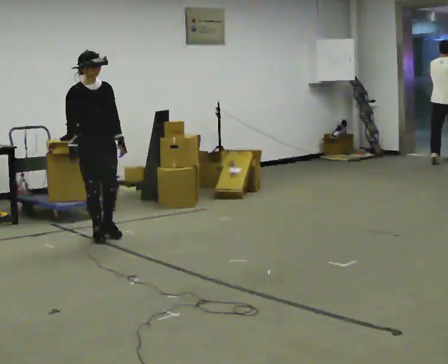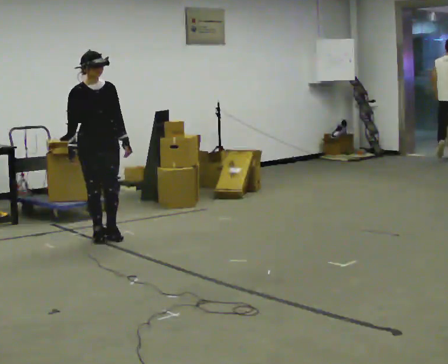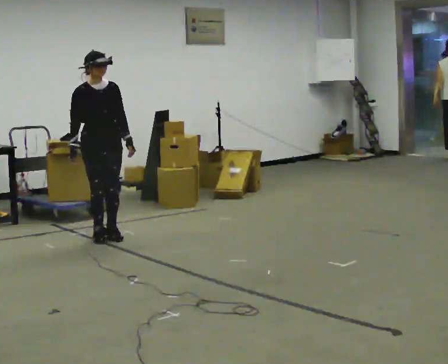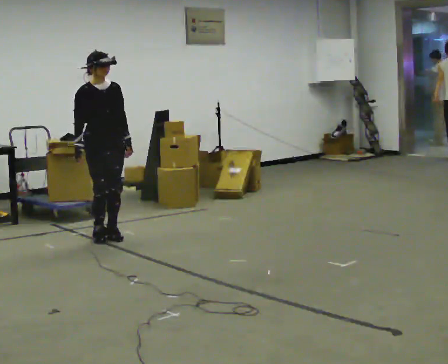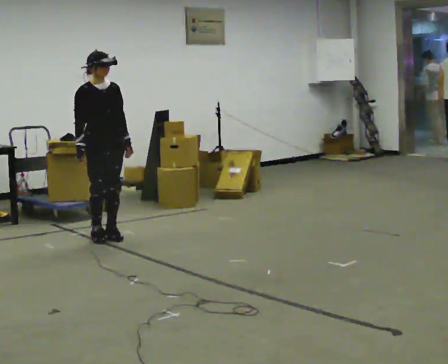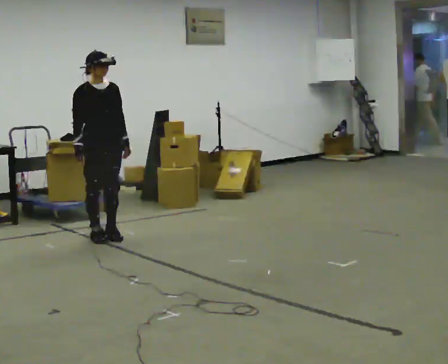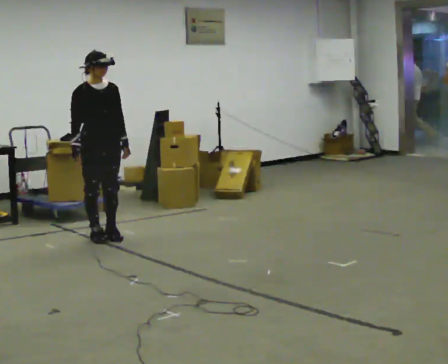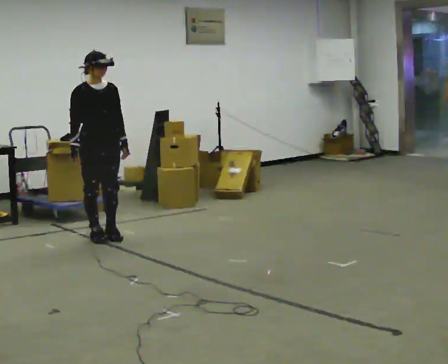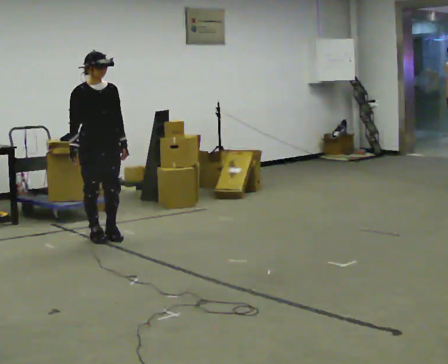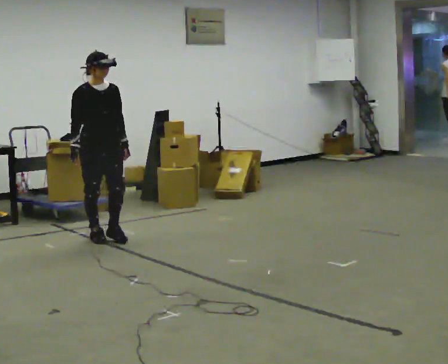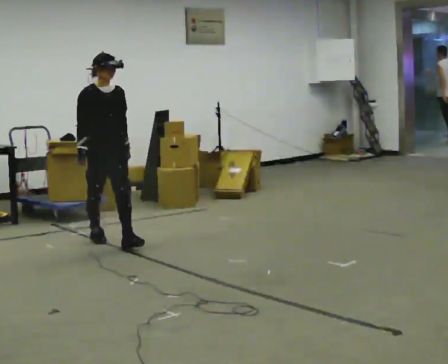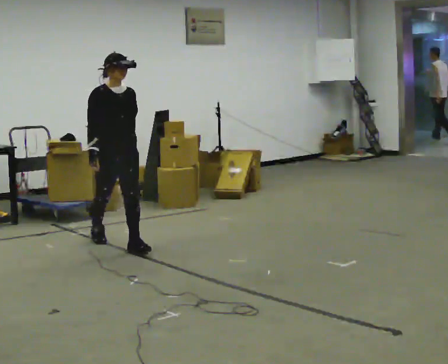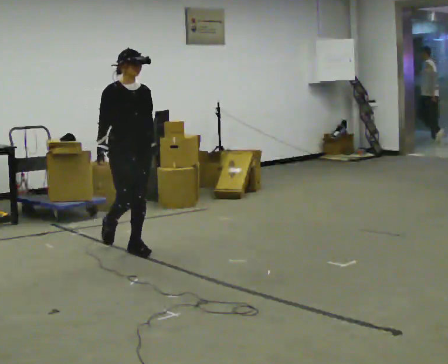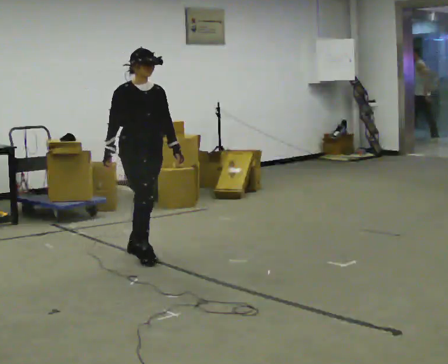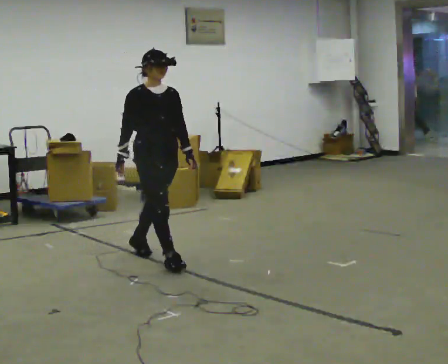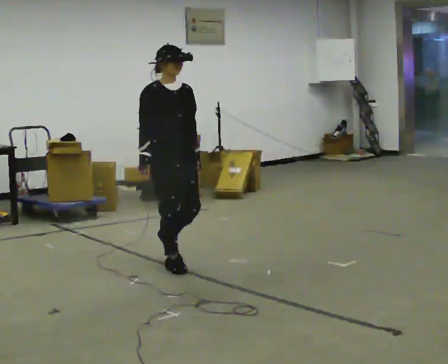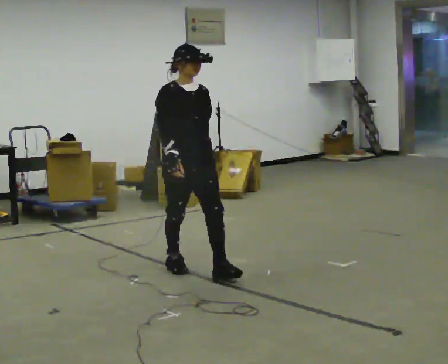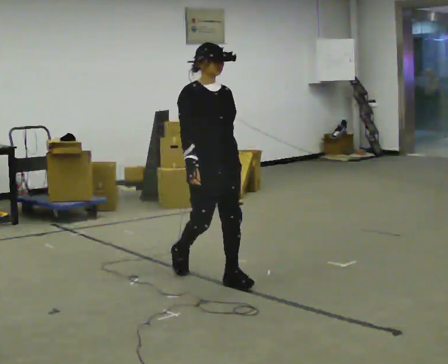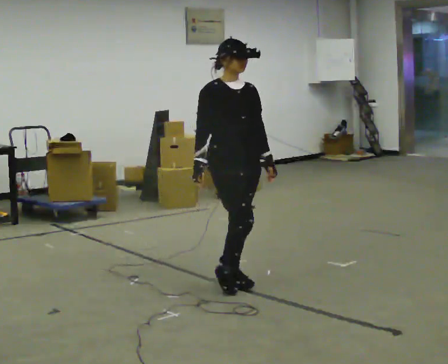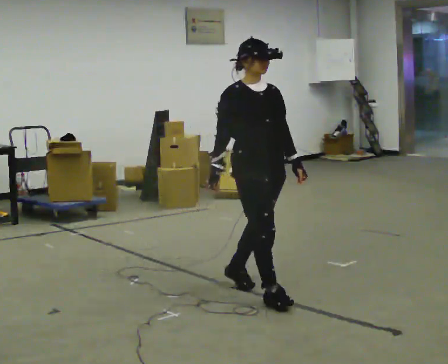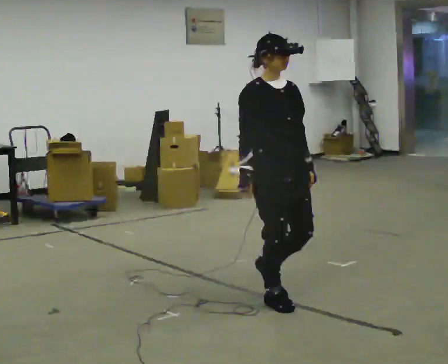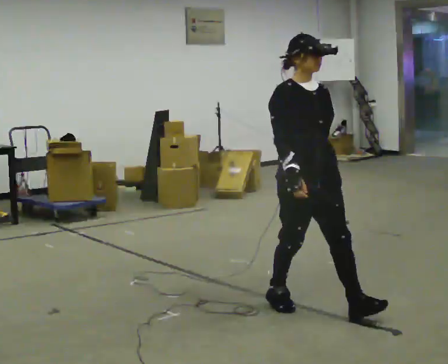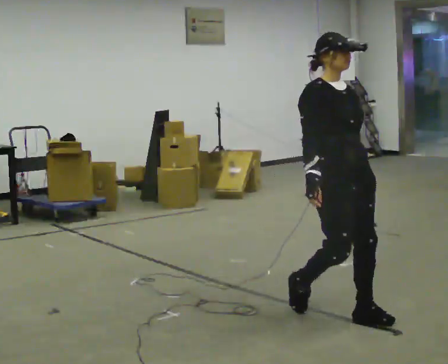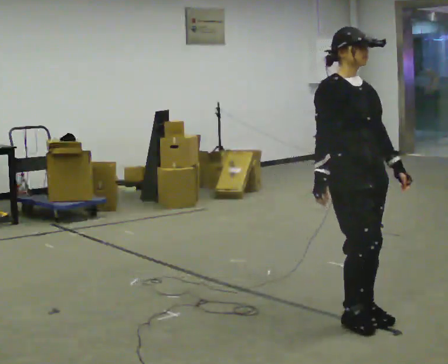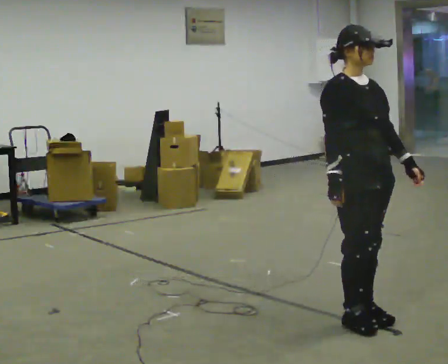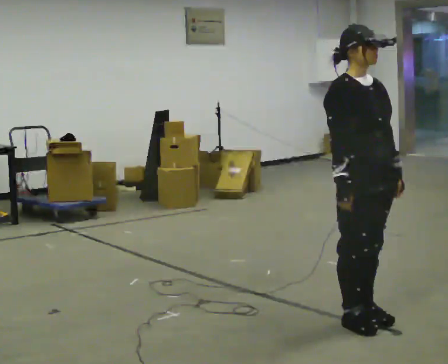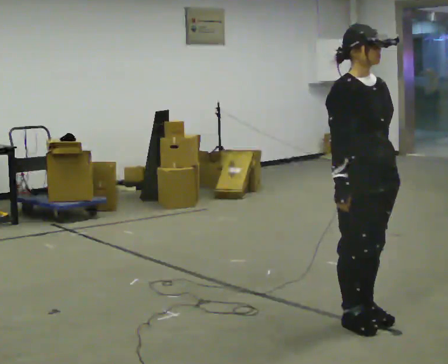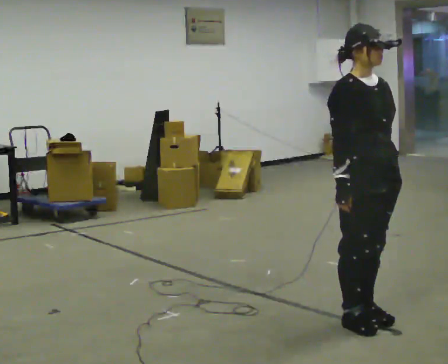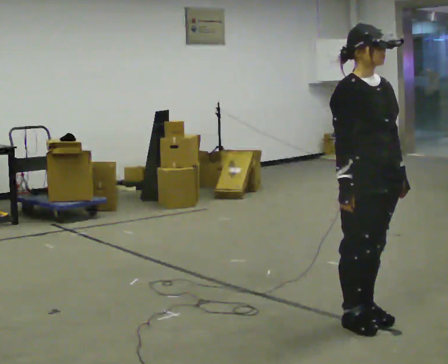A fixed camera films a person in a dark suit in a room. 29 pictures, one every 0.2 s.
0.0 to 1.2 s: The person moves a little, or ends about where they began.
1.2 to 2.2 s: In the picture they go toward the camera, about 0.25 m in 1 step, which for them is forward.
2.2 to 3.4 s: In the picture they go toward the camera and to the right, about 1 m in 2 steps, which for them is forward.
3.4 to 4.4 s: In the picture they go toward the camera and to the right, about 1 m in 2 steps, which for them is forward.
4.4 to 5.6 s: In the picture they go toward the camera, about 0.25 m in 1 step, which for them is forward.
The film runs forward here.
